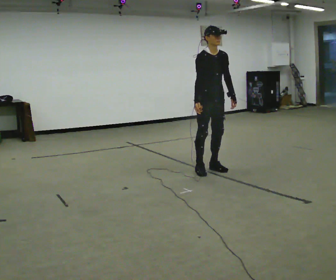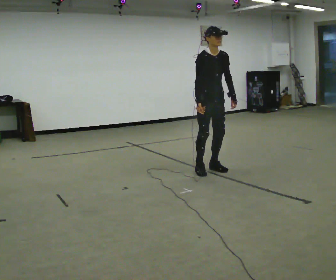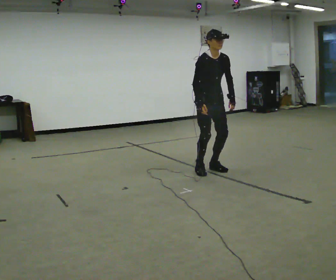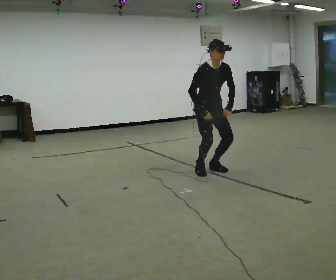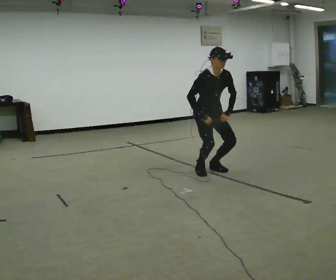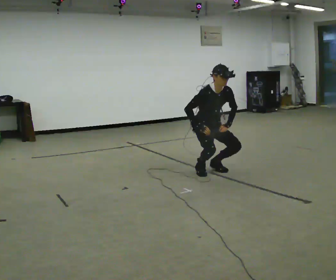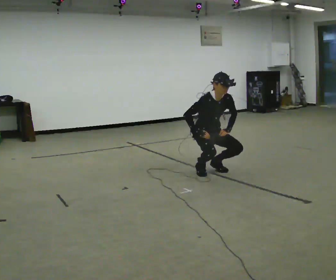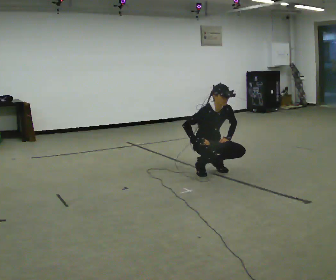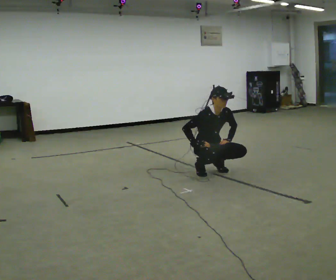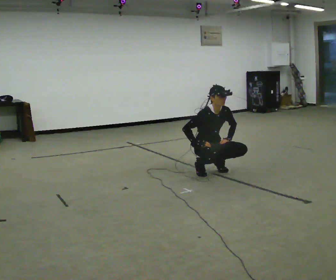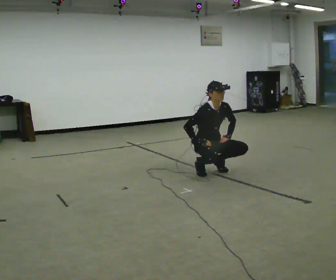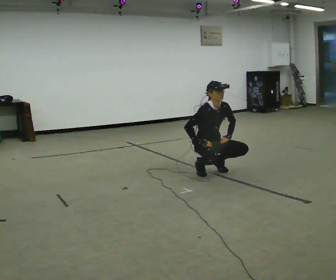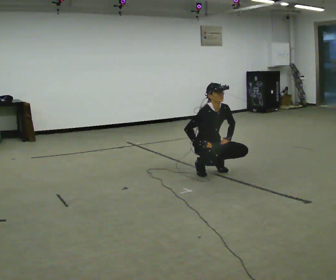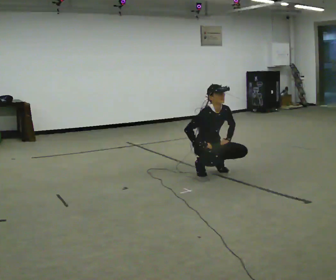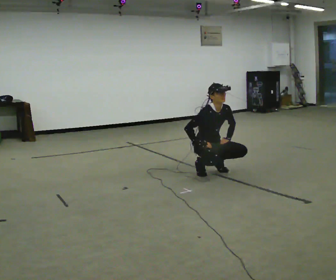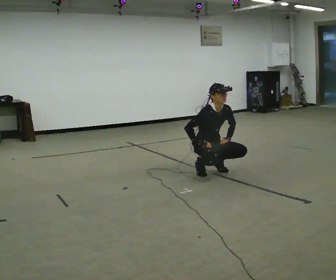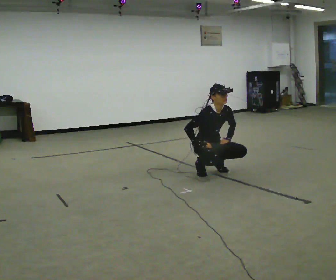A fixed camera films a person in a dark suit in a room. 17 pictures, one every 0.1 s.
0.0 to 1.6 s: The upper body goes downward. In the picture their left hand goes downward.
The film runs forward here.
